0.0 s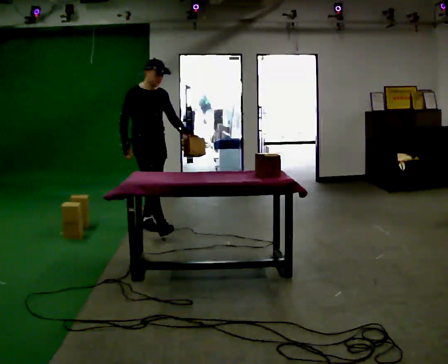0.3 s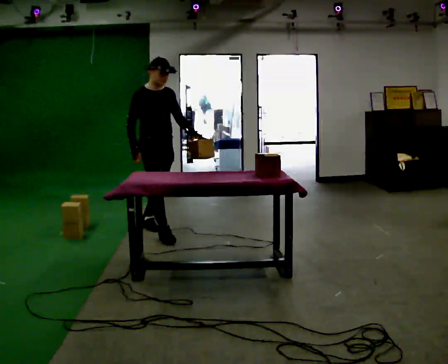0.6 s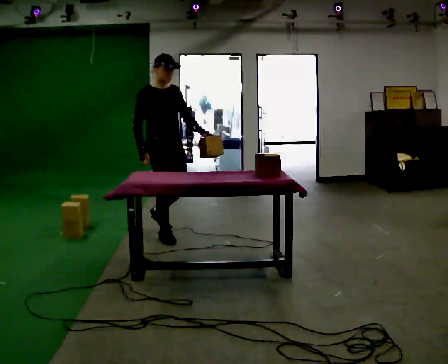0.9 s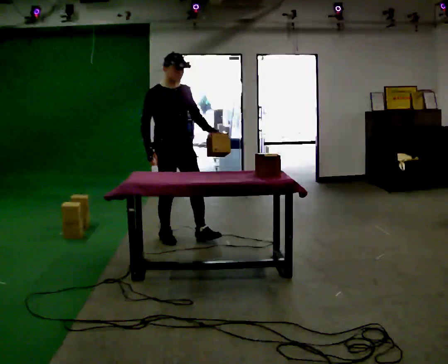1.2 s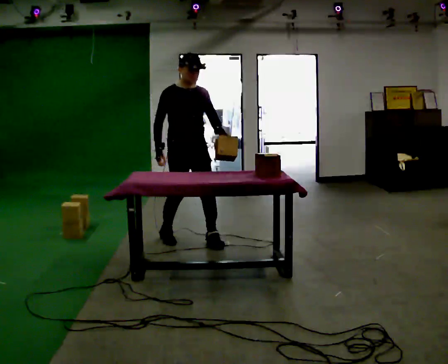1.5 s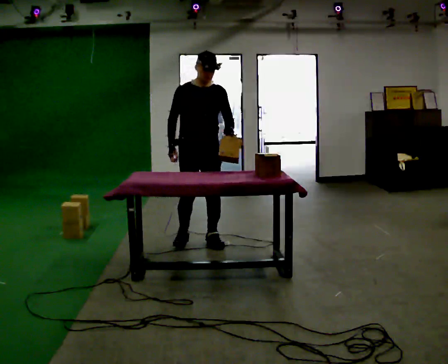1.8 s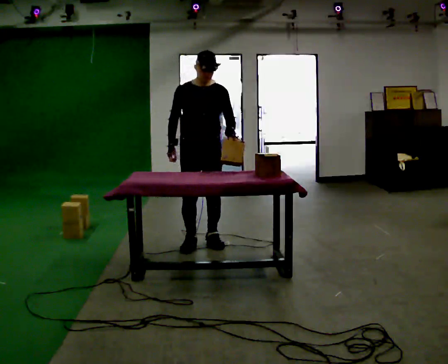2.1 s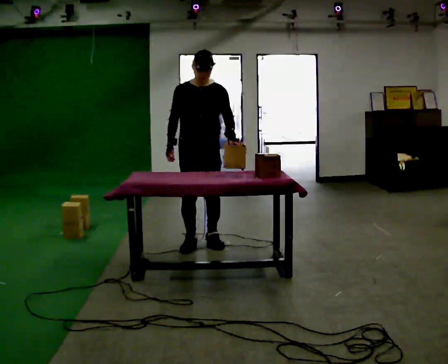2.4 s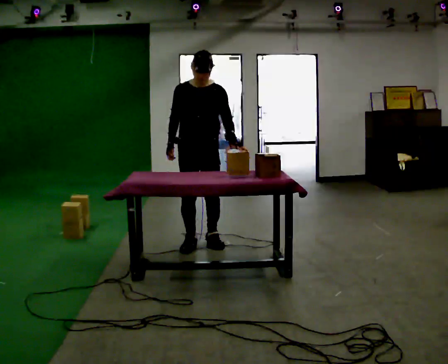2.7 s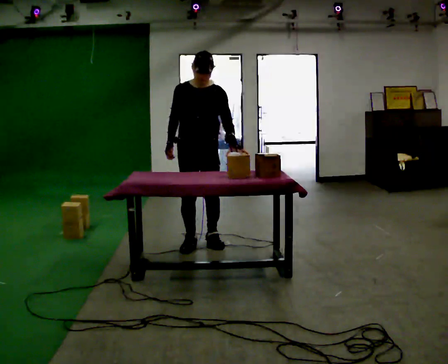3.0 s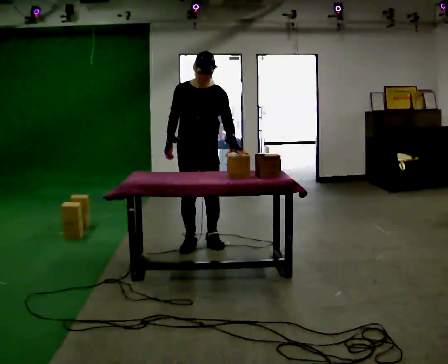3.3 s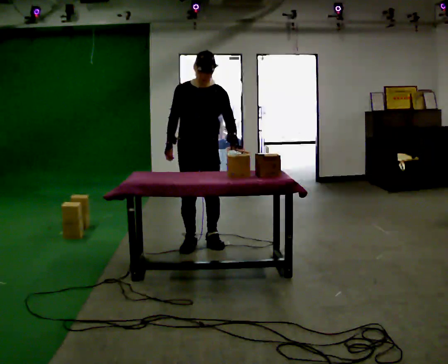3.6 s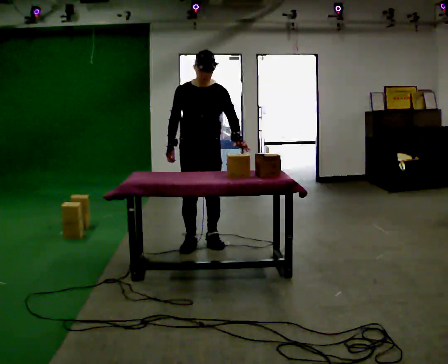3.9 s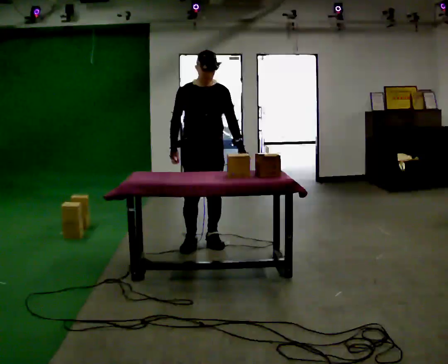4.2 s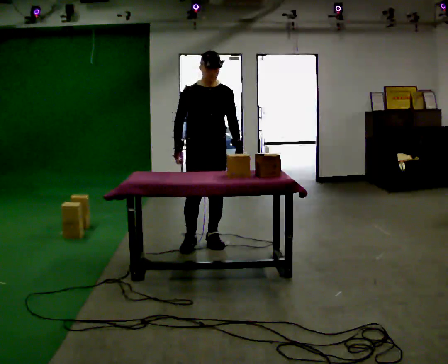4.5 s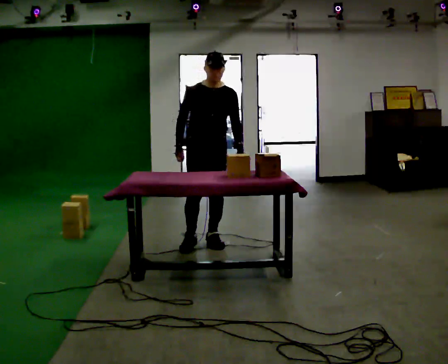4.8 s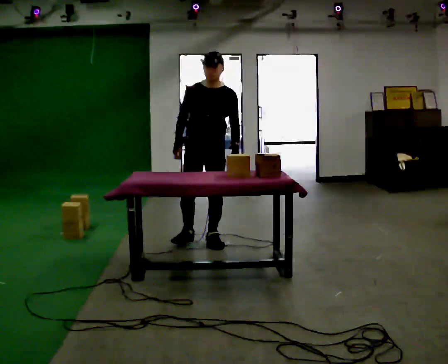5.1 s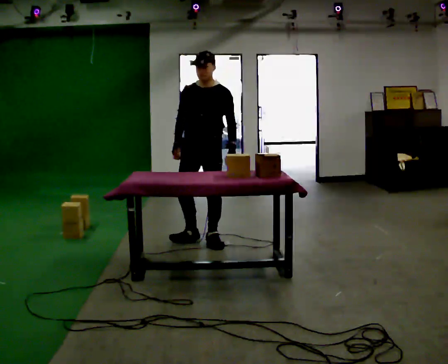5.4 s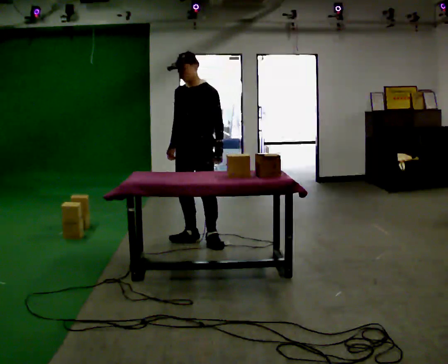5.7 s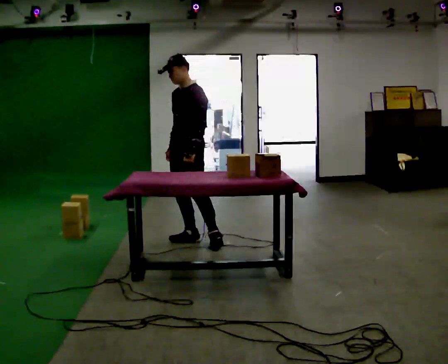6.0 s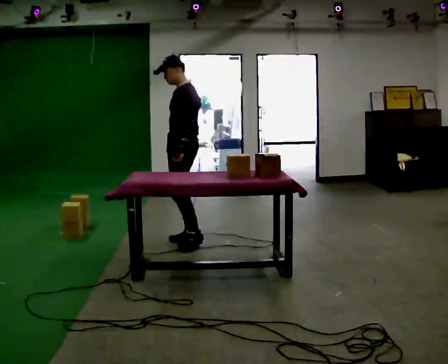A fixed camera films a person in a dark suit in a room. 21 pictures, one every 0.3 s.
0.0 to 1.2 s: In the picture they go toward the camera and to the right, about 0.5 m in 1 step, which for them is forward.
1.2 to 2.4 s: Seen from above the body turns clockwise, about 30 degrees: to their right, with its near side sliding to the left.
2.4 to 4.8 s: The person moves a little, or ends about where they began.
4.8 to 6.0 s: The part of the body nearest the lens slides to the left as the person turns to their right by about 60 degrees. In the picture they go to the left, about 0.25 m.
The film runs forward here.
